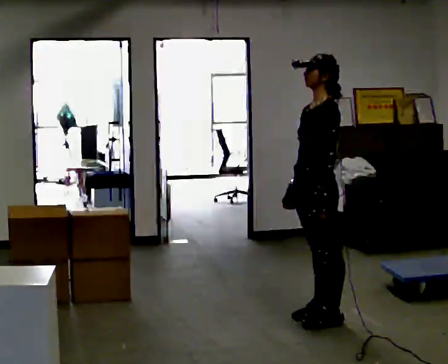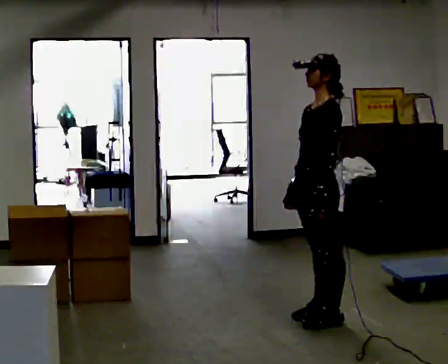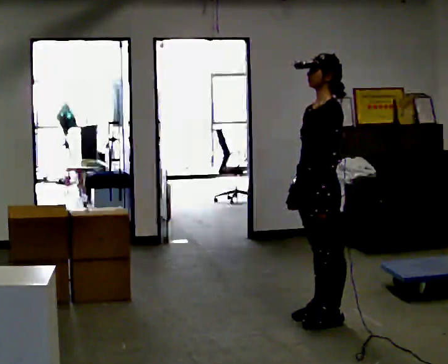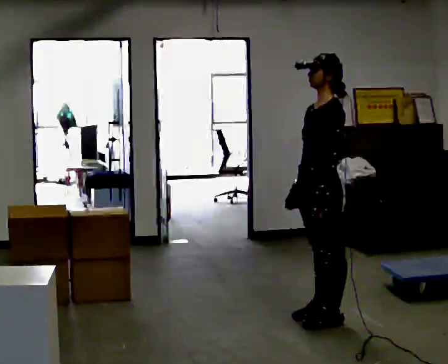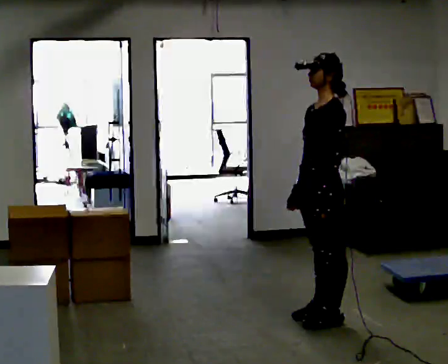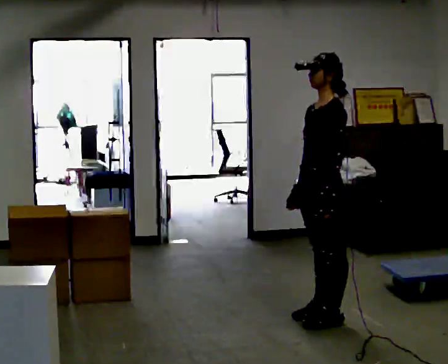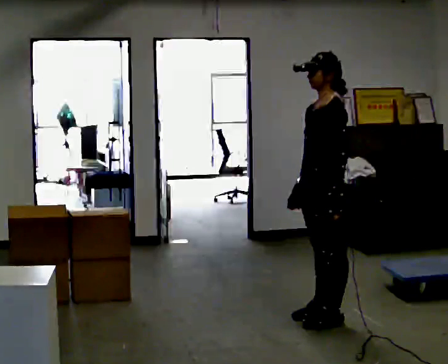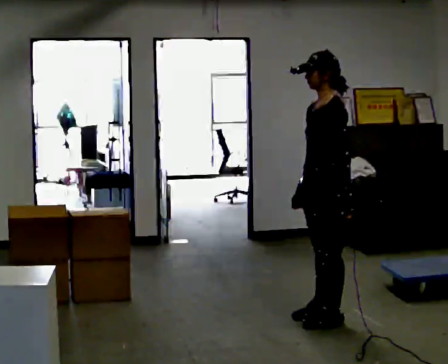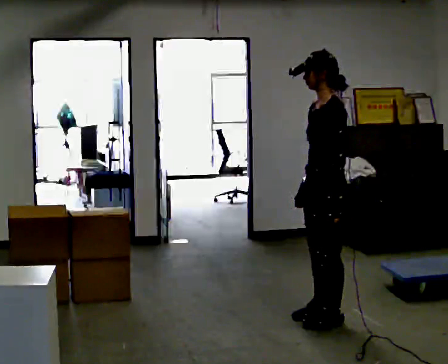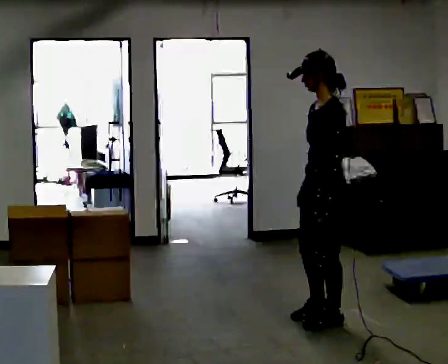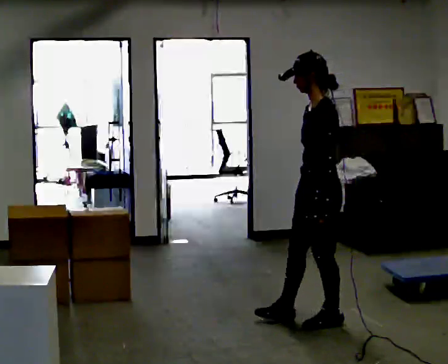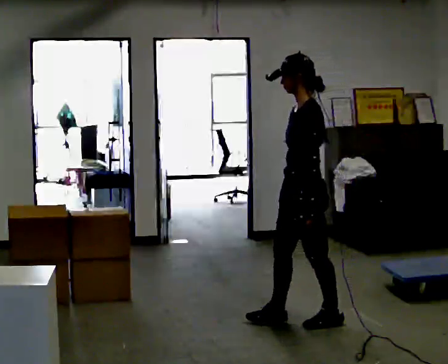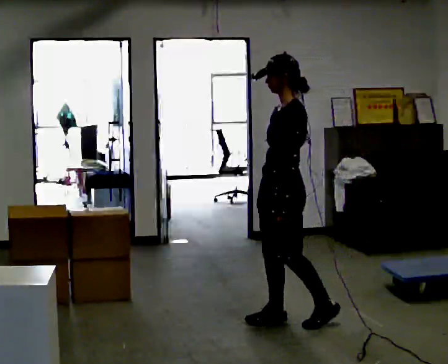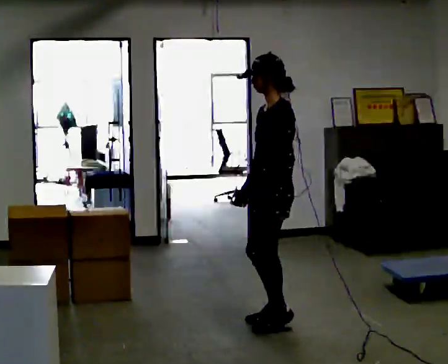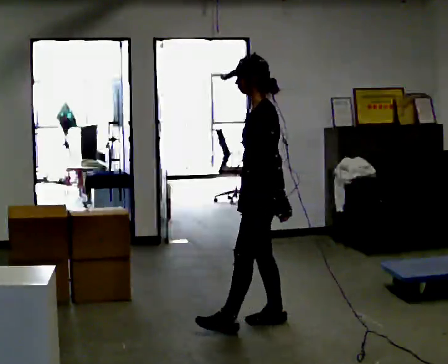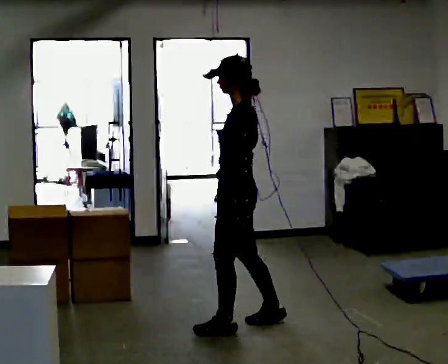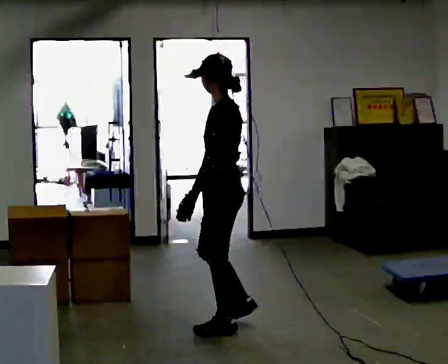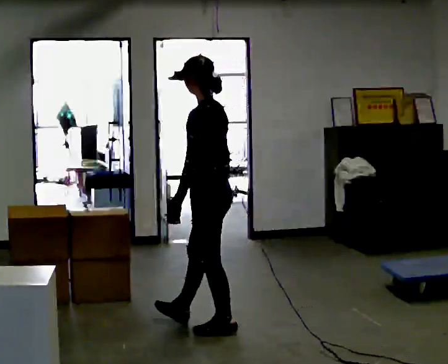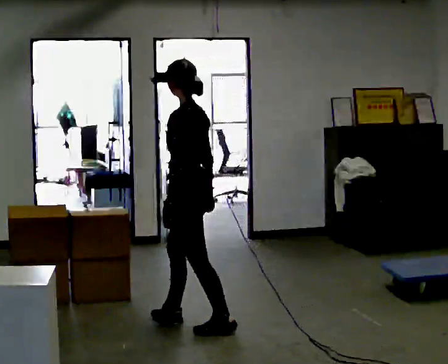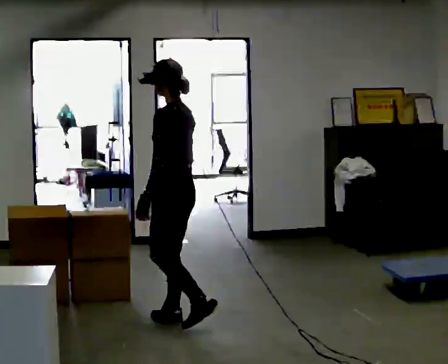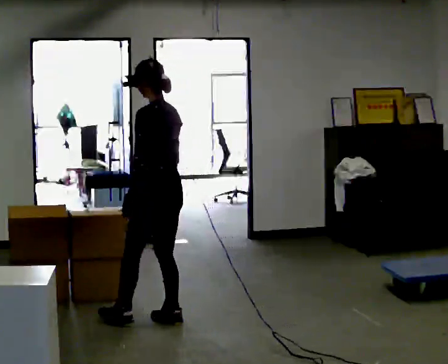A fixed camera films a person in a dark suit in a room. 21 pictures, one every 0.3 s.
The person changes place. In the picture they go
to the left.
0.0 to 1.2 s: The person keeps their place and pose.
1.2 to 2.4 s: The person moves a little, or ends about where they began.
2.4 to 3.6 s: In the picture they go to the left, about 0.25 m in 1 step, which for them is forward.
3.6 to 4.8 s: The part of the body nearest the lens slides to the left as the person turns to their right by about 30 degrees. In the picture they go to the left and toward the camera, about 0.5 m in 1 step, which for them is forward.
4.8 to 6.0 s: In the picture they go to the left, about 0.5 m in 1 step, which for them is forward.
The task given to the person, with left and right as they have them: Pick an object up off the floor at one end of the room, carry it across, and place it on the waist-height shelf at the other end. Keep going until the operator says stop; one object at a time, and do not rush between trips.
The film runs forward here.
